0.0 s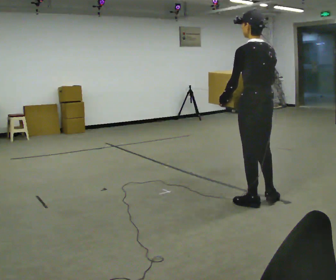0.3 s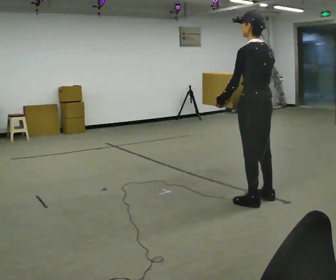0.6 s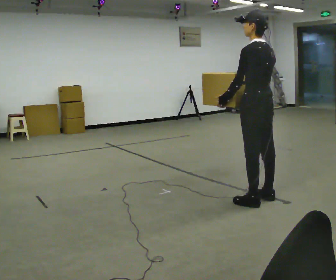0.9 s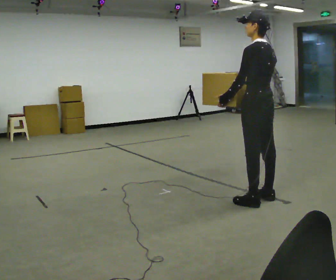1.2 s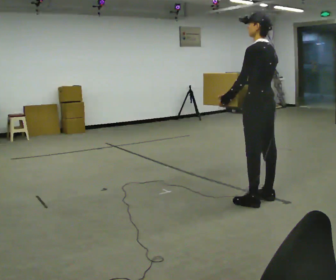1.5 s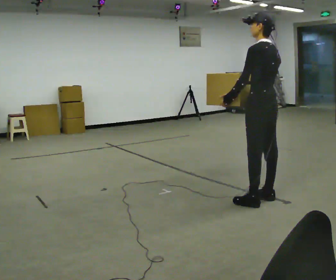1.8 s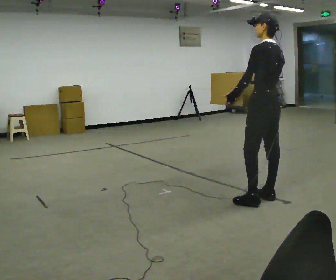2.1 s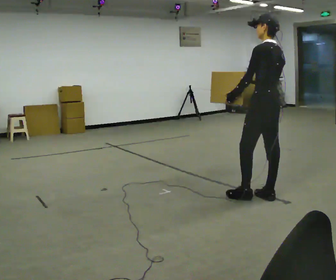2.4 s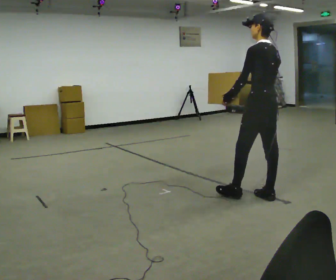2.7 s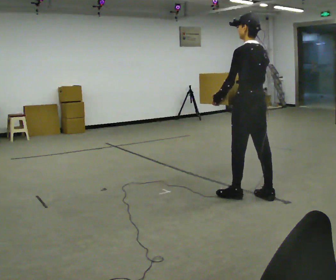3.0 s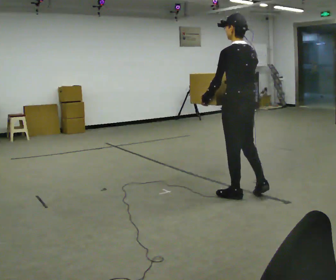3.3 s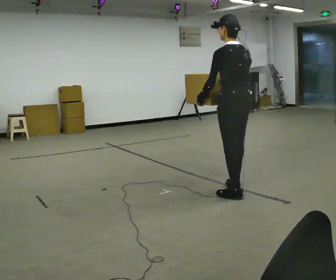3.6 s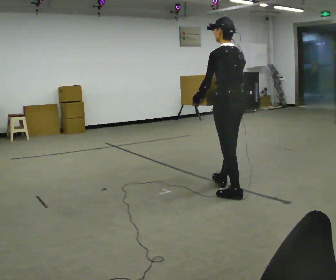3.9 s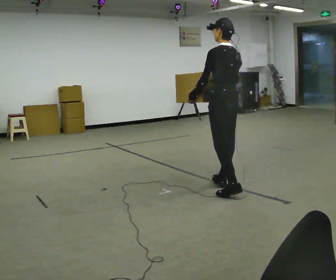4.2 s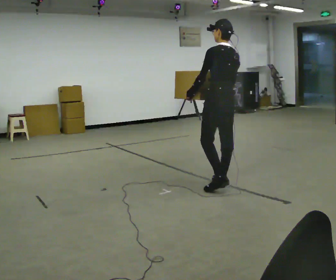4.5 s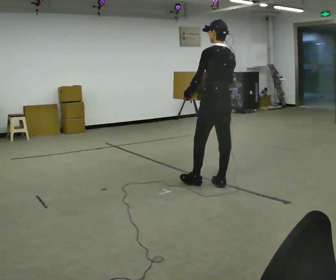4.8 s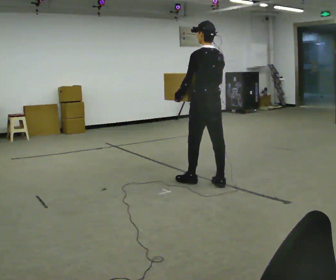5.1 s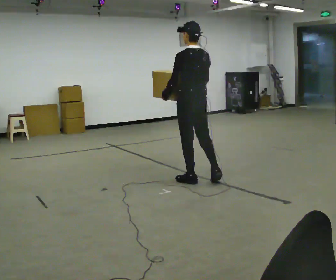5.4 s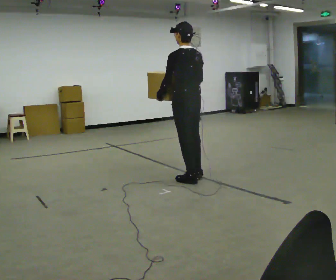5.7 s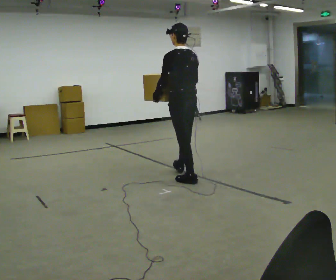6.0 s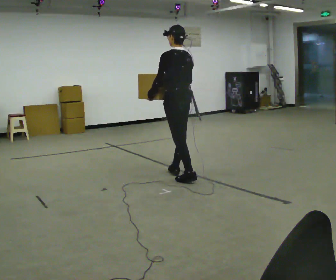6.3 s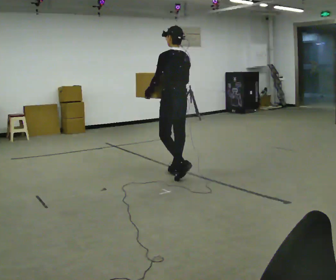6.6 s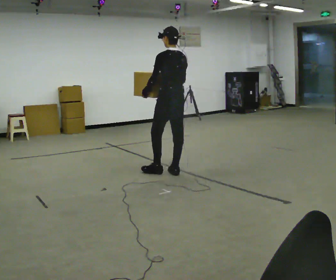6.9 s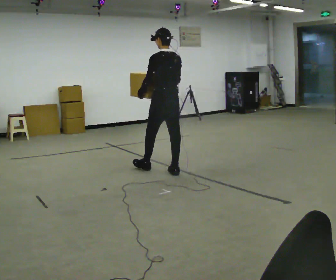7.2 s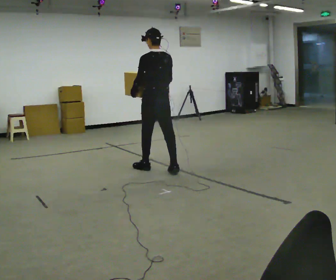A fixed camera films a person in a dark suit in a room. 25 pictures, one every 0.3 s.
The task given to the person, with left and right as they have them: Carry the box across the room, back and forth. The operator will swap between the box with handles and the one without.
0.0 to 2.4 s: In the picture they go away from the camera, about 0.25 m in 1 step, which for them is to their right.
2.4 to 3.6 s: In the picture they go to the left and away from the camera, about 0.25 m in 1 step, which for them is forward and to their left.
3.6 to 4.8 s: In the picture they go away from the camera and to the left, about 0.5 m in 1 step, which for them is forward.
4.8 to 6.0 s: In the picture they go to the left and away from the camera, about 0.5 m in 1 step, which for them is forward.
6.0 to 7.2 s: In the picture they go to the left and away from the camera, about 0.5 m in 1 step, which for them is forward.
The film runs forward here.
